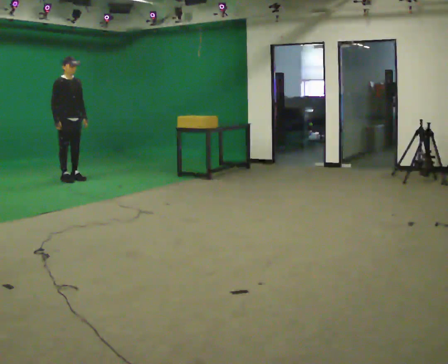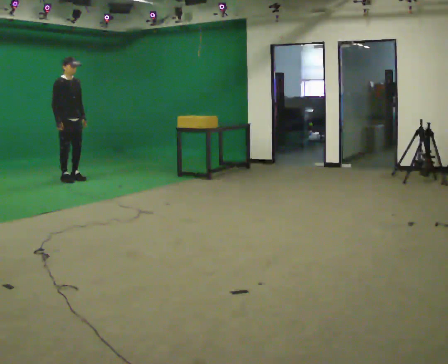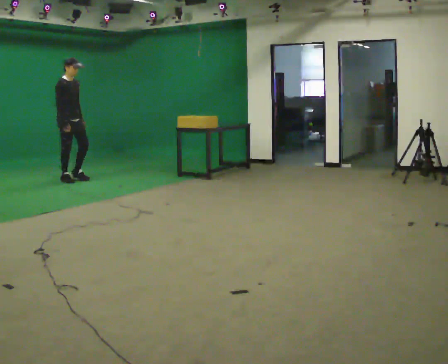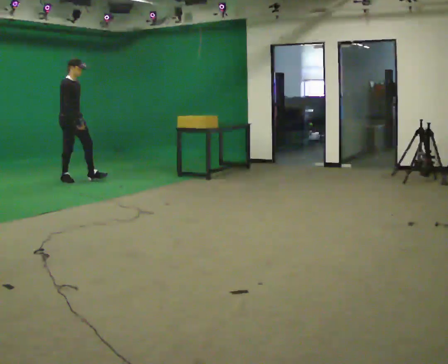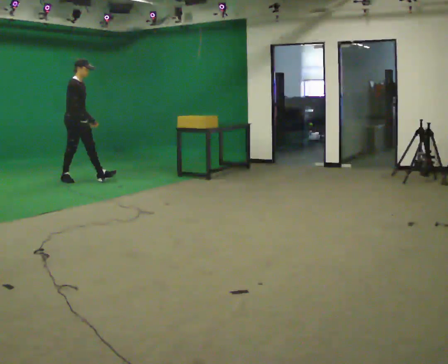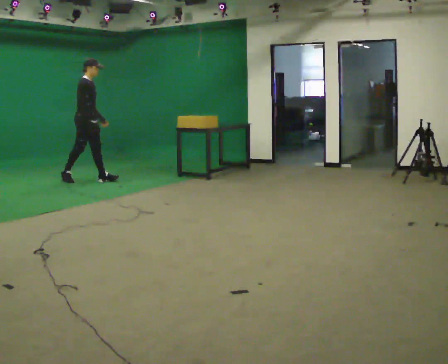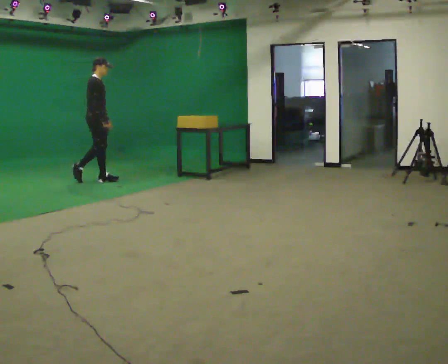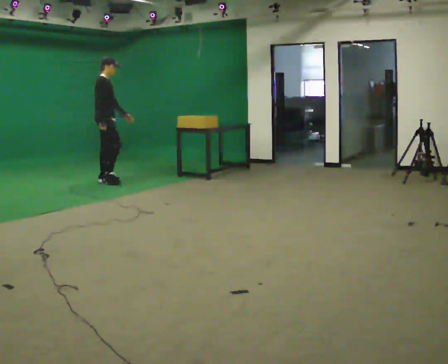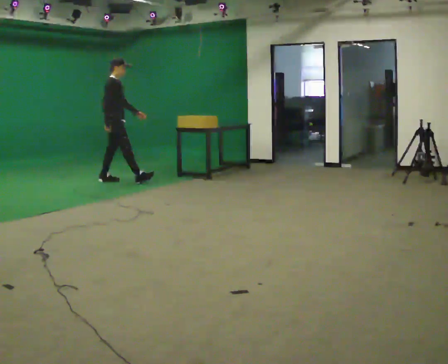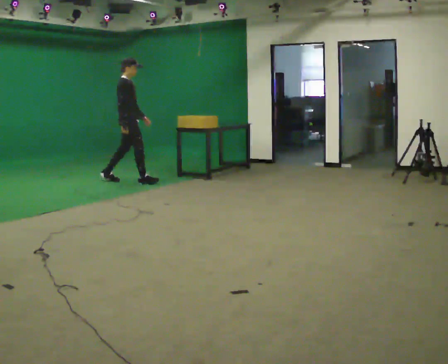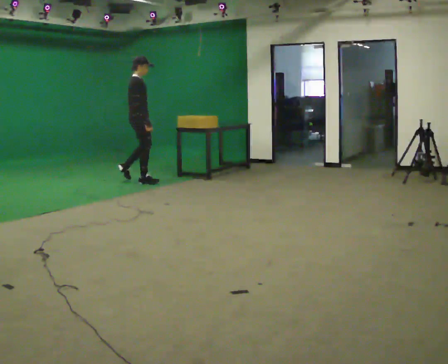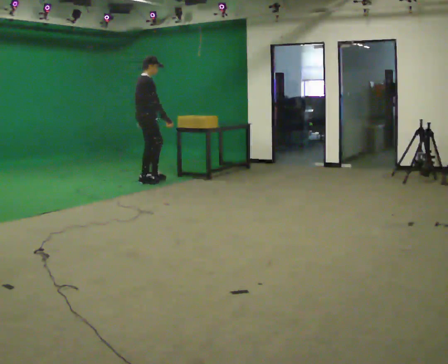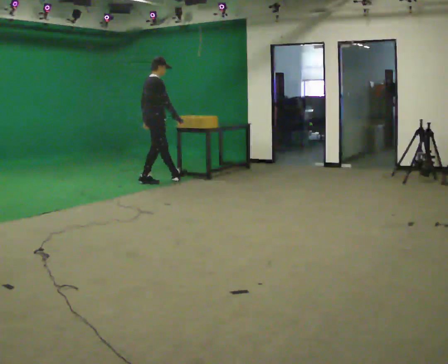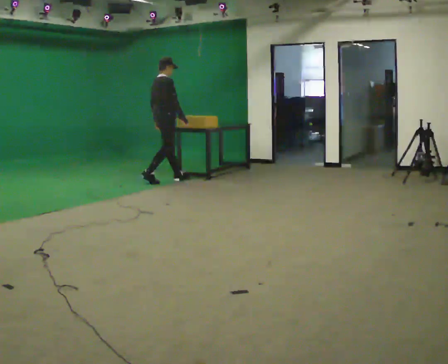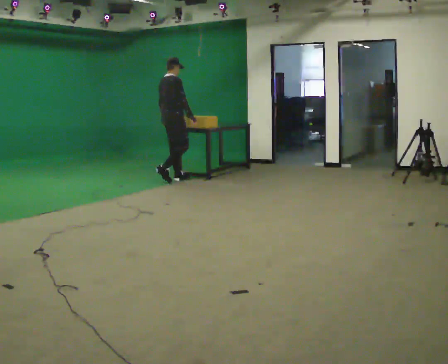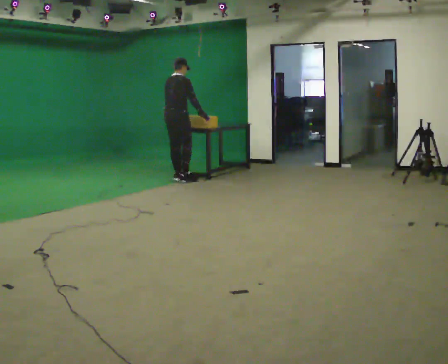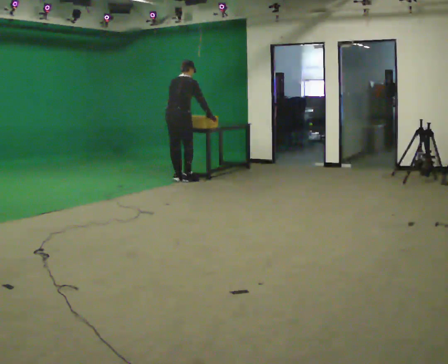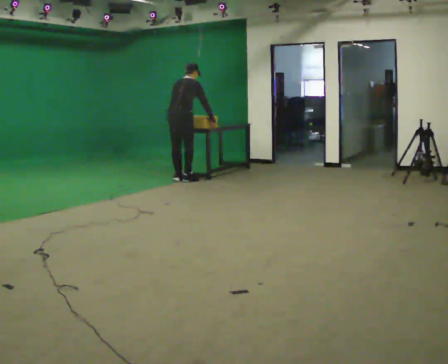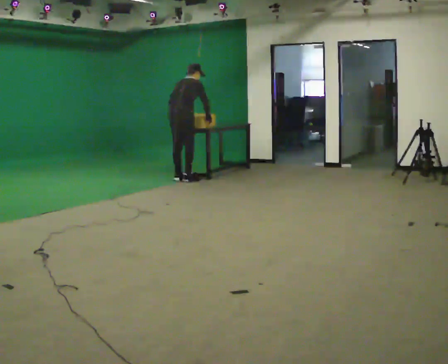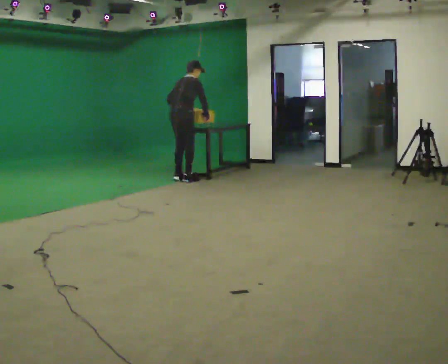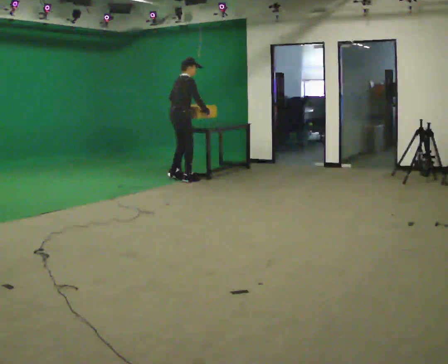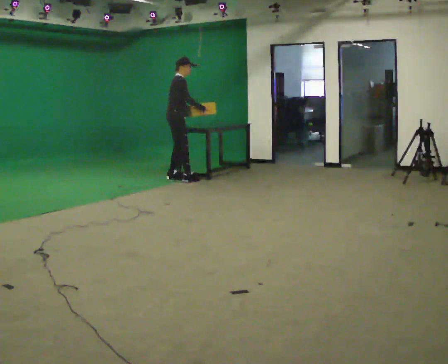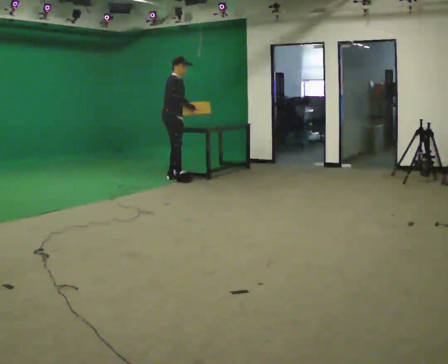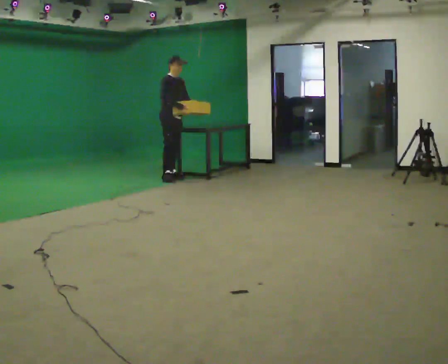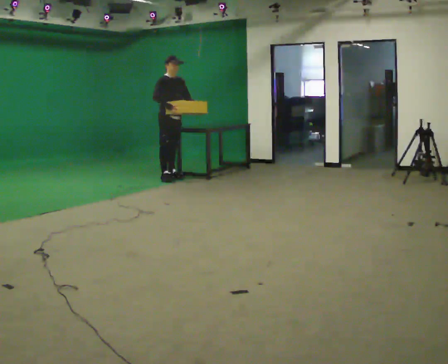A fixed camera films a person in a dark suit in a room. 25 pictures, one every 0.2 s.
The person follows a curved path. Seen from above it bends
counterclockwise.
0.0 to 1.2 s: Seen from above the body turns counterclockwise, about 30 degrees: to their left, with its near side sliding to the right. In the picture they go to the right, about 0.5 m in 1 step, which for them is forward.
1.2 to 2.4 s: Seen from above the body turns counterclockwise, about 30 degrees: to their left, with its near side sliding to the right. In the picture they go to the right, about 1 m in 1 step, which for them is forward.
2.4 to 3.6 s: Seen from above the body turns counterclockwise, about 30 degrees: to their left, with its near side sliding to the right. In the picture they go to the right, about 0.25 m in 2 steps, which for them is forward and to their right. The upper body tips away from the camera, its near side rolling upward.
3.6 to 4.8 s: The person turns about 90 degrees to their right, clockwise seen from above, so the part of the body nearest the lens slides to the left. In the picture they go to the left and away from the camera, about 0.25 m in 2 steps. The upper body tips toward the camera, its near side rolling downward, as they lean back or straighten.
The film runs forward here.
